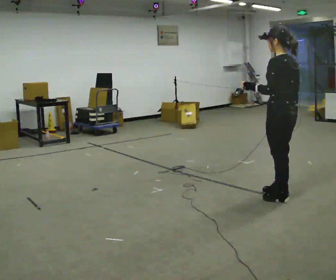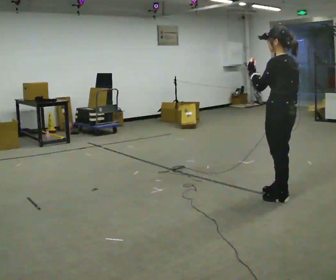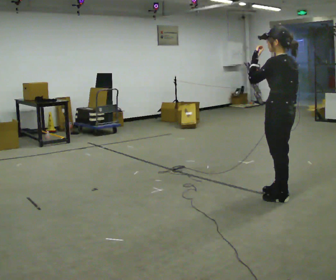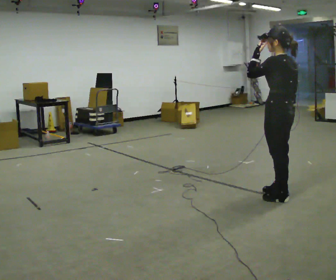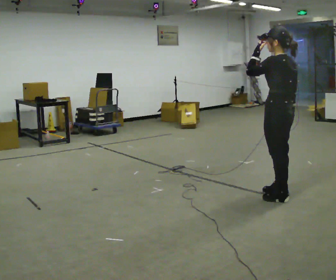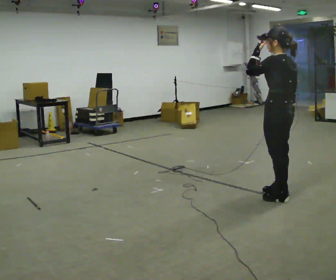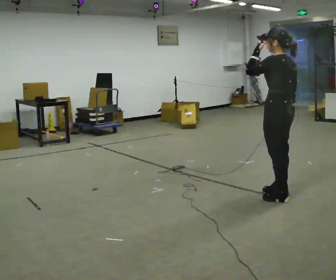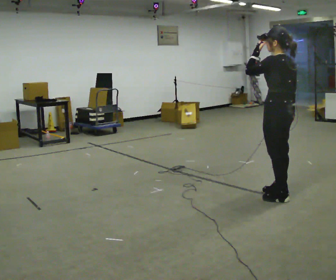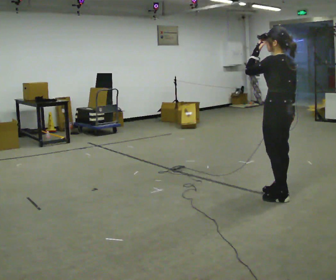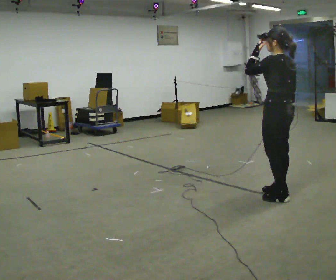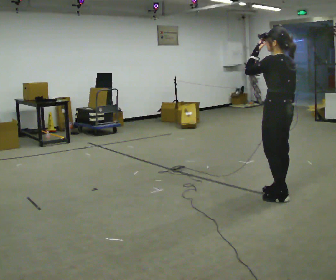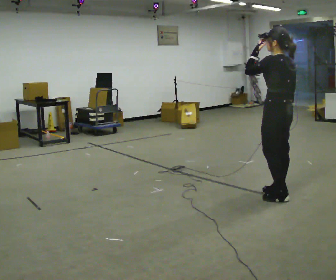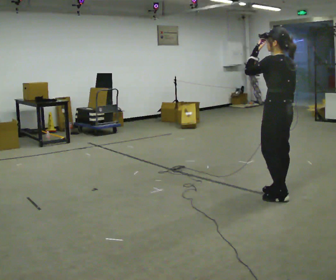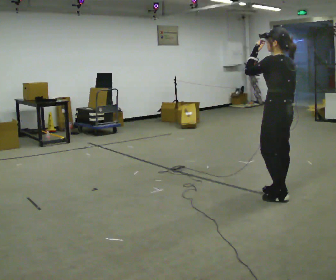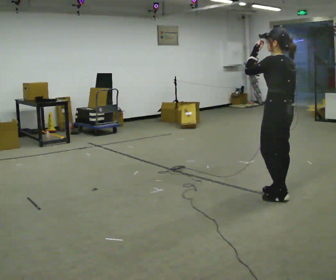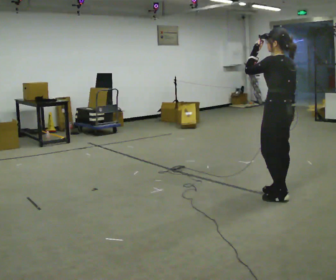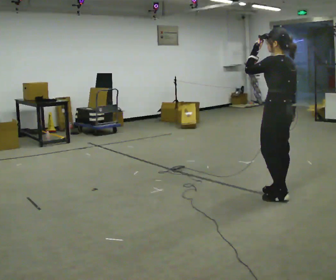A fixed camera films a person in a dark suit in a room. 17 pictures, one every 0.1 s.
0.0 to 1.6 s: In the picture their left hand goes upward.
The film runs backward here.
